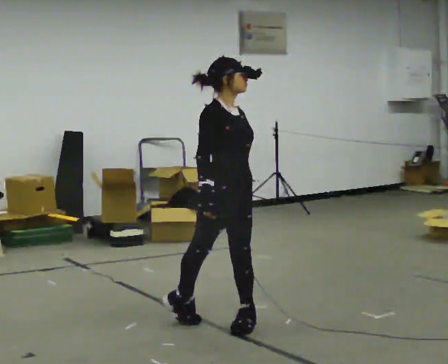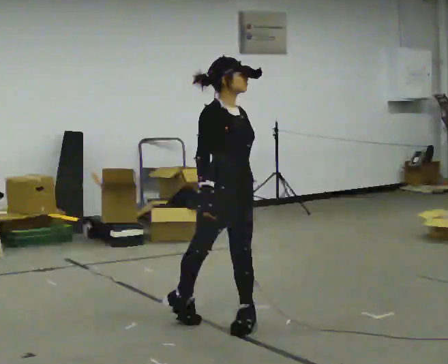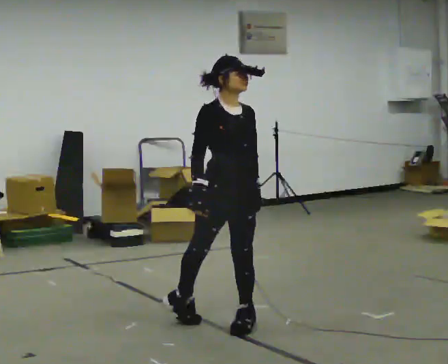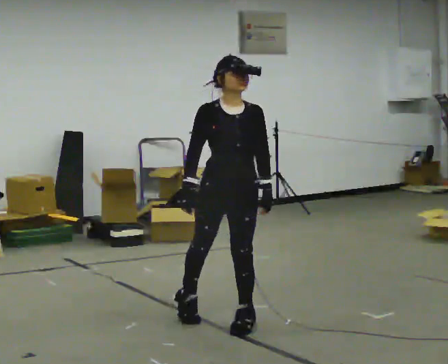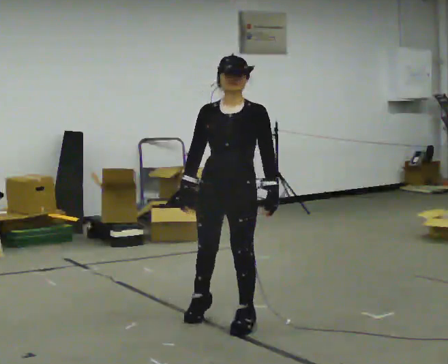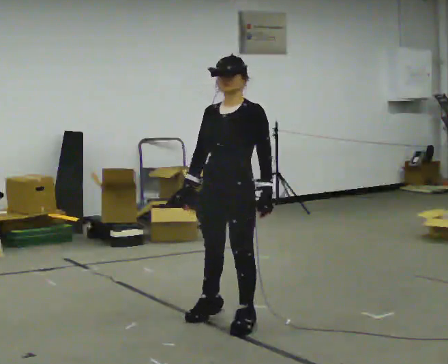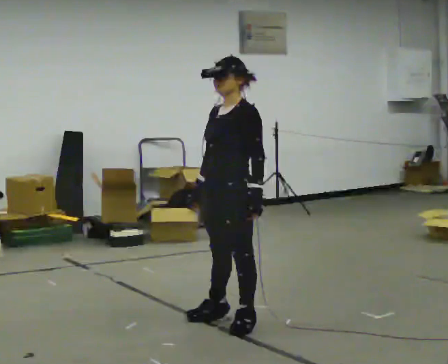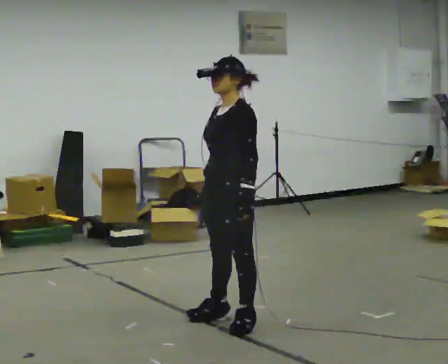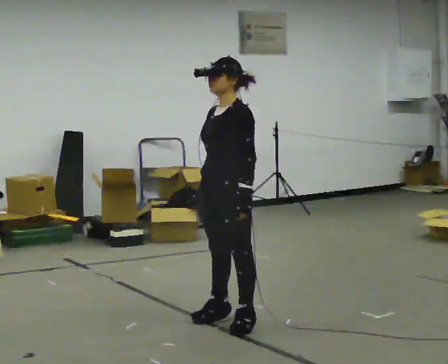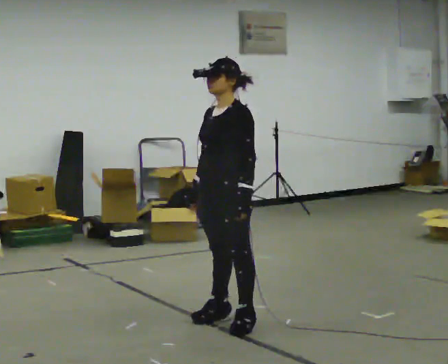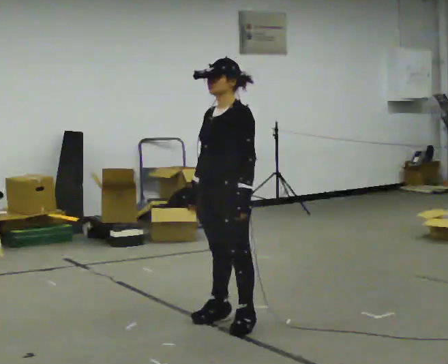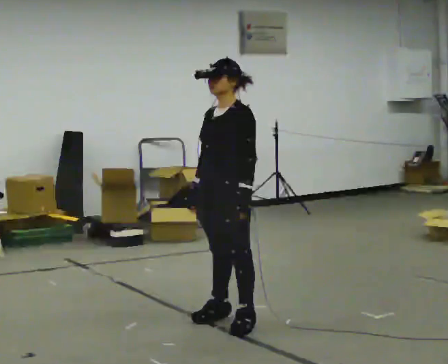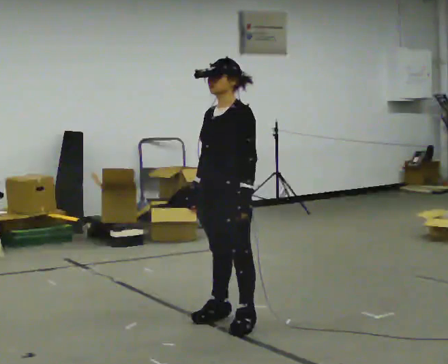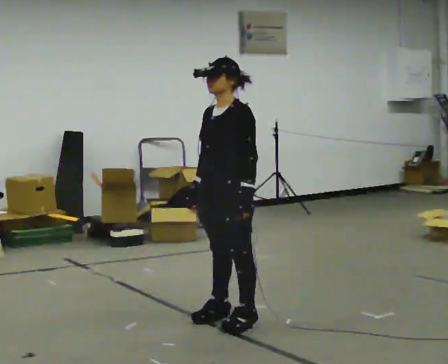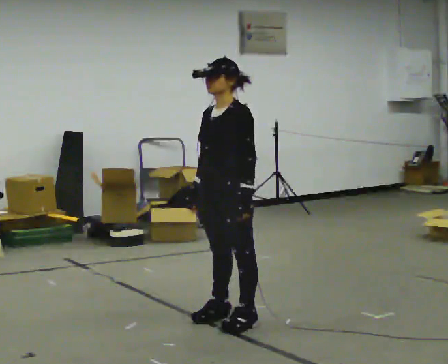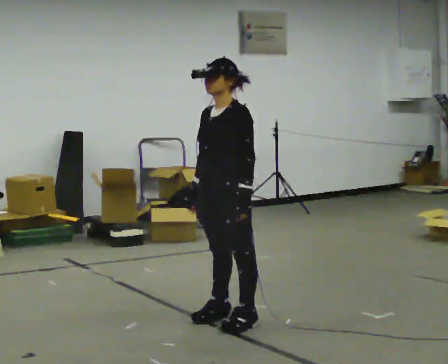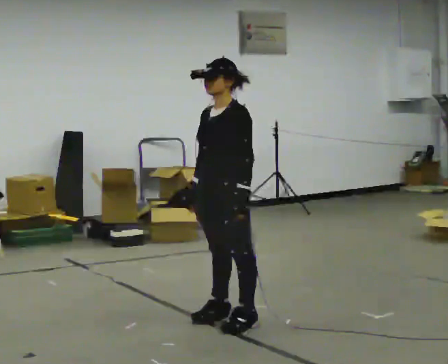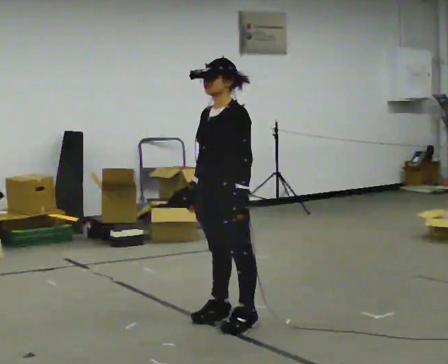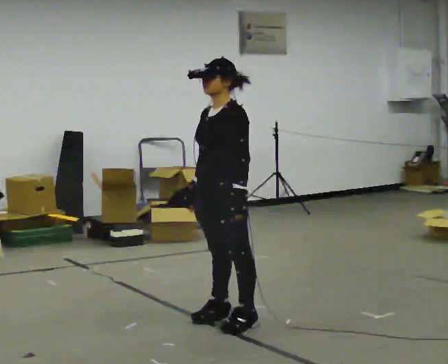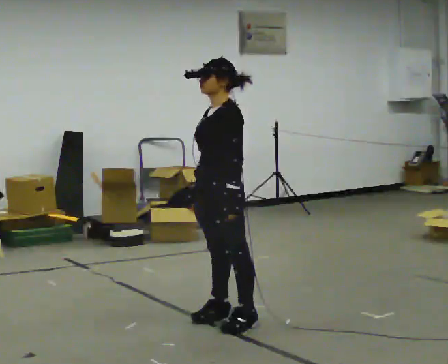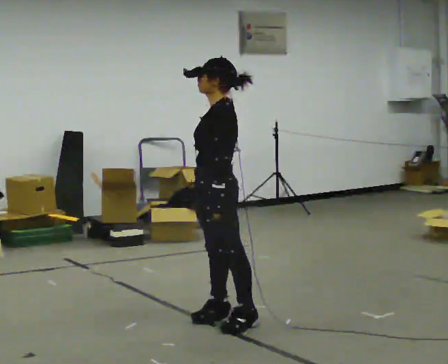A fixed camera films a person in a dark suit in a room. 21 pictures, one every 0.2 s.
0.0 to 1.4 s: Seen from above the body turns clockwise, about 120 degrees: to their right, with its near side sliding to the left.
1.4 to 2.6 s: The person moves a little, or ends about where they began.
2.6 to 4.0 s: The part of the body nearest the lens slides to the left as the person turns to their right by about 45 degrees.
The film runs forward here.
